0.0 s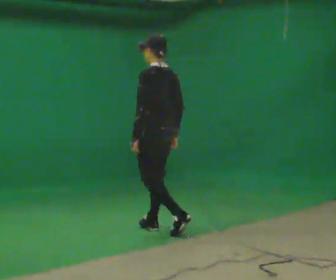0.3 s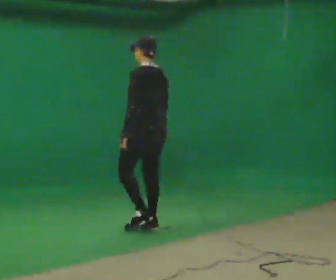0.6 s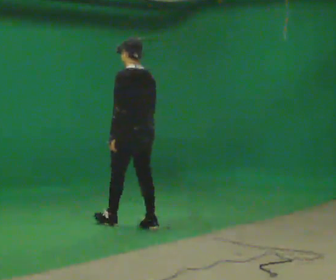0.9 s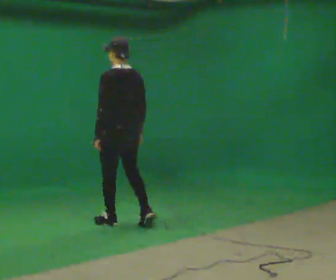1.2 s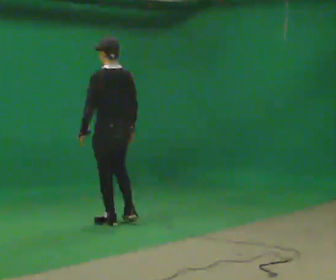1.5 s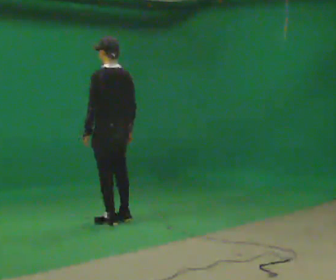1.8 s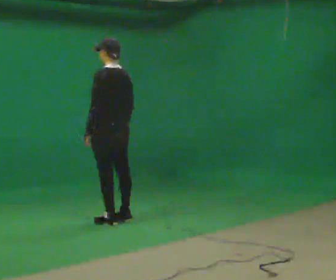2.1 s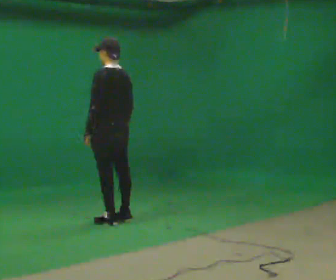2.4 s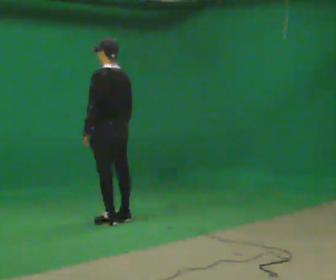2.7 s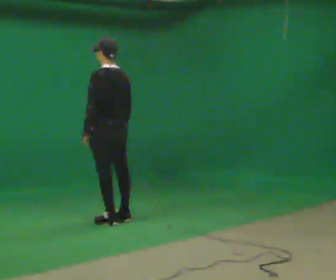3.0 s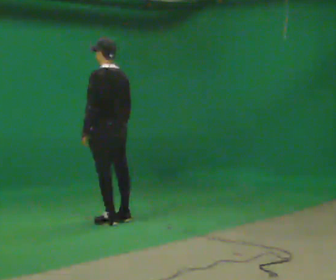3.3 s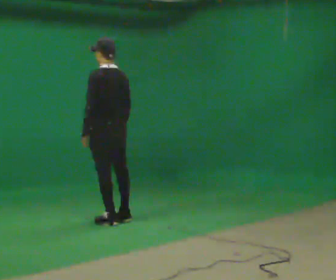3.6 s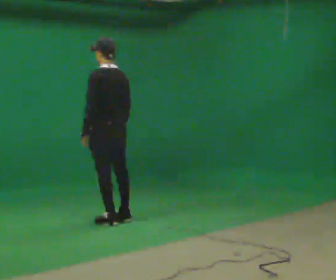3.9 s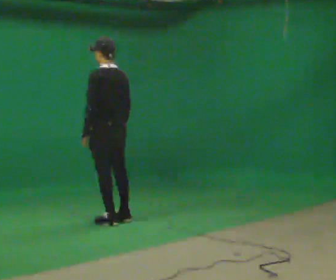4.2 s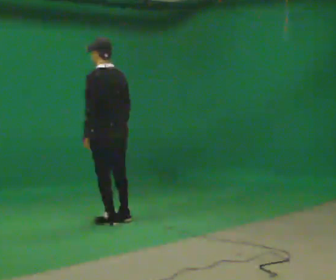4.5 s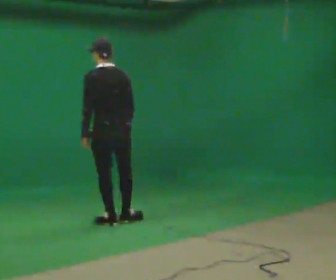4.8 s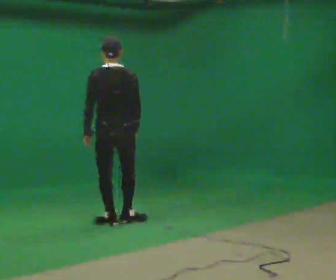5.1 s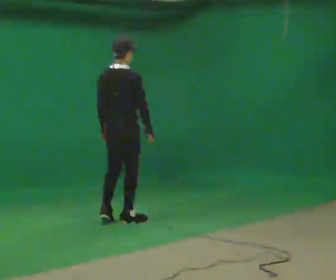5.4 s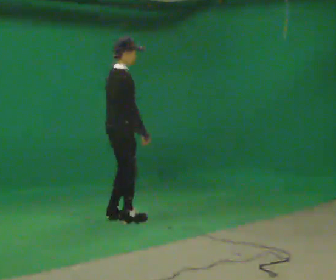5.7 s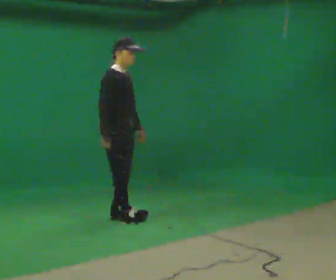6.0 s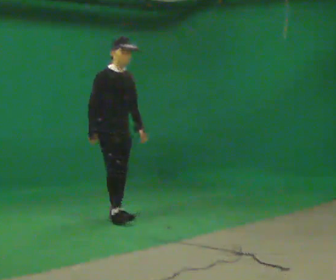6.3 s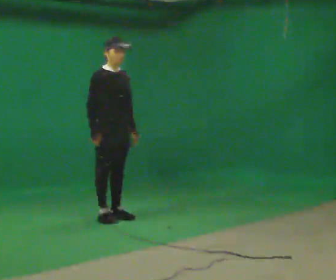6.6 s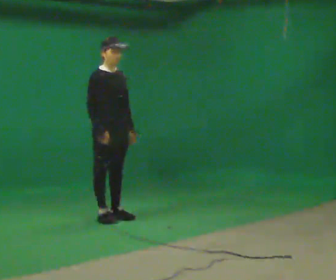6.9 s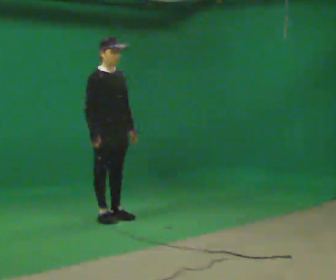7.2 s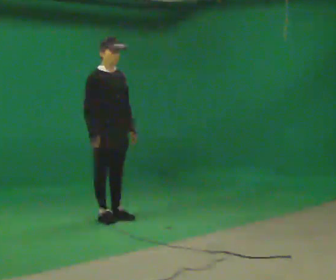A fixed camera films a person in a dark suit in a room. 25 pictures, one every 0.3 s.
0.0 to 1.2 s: In the picture they go away from the camera and to the left, about 0.5 m in 1 step, which for them is forward.
1.2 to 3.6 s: The person moves a little, or ends about where they began.
3.6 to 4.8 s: Seen from above the body turns clockwise, about 45 degrees: to their right, with its near side sliding to the left.
4.8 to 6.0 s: The part of the body nearest the lens slides to the left as the person turns to their right by about 135 degrees. In the picture they go away from the camera, about 0.25 m in 1 step. In the picture their left hand goes to the right, the arm swinging counterclockwise.
6.0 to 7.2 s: The person moves a little, or ends about where they began.
The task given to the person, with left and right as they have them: Start at normal speed; gradually slow over several steps; stop gently.
The film runs forward here.
